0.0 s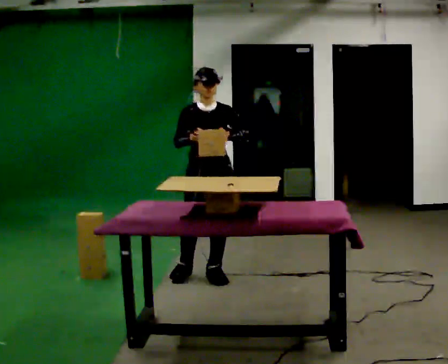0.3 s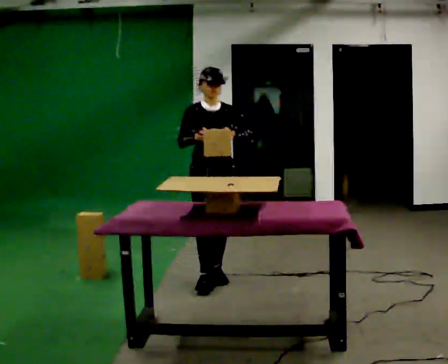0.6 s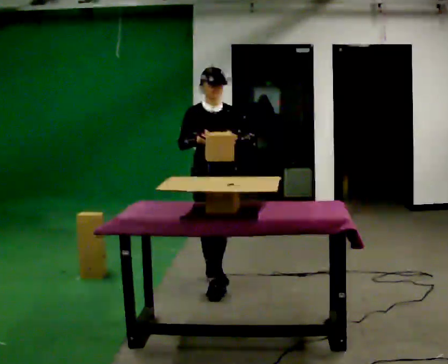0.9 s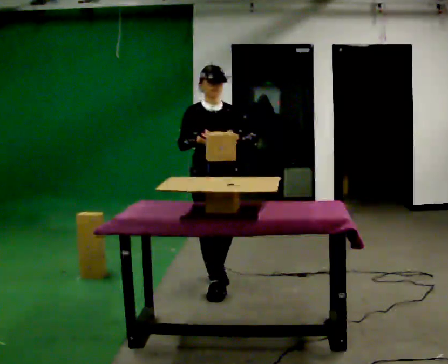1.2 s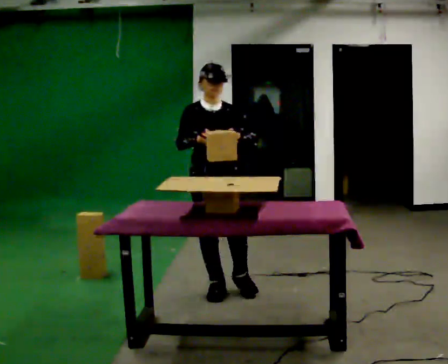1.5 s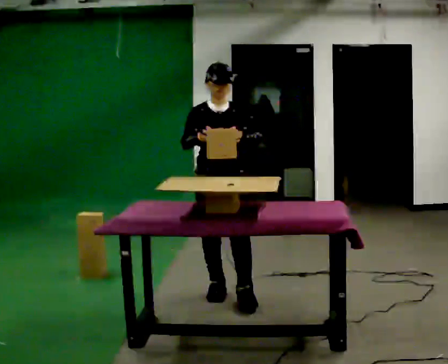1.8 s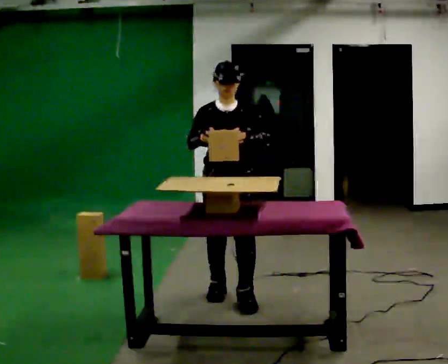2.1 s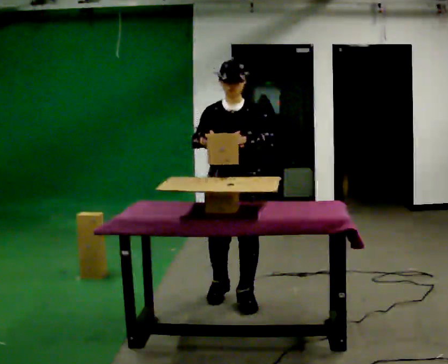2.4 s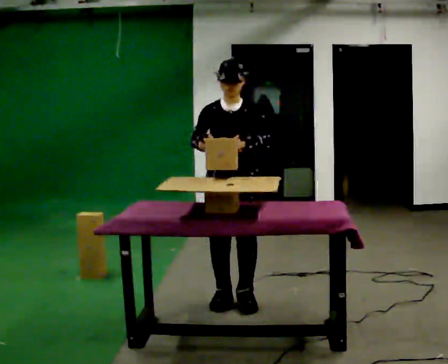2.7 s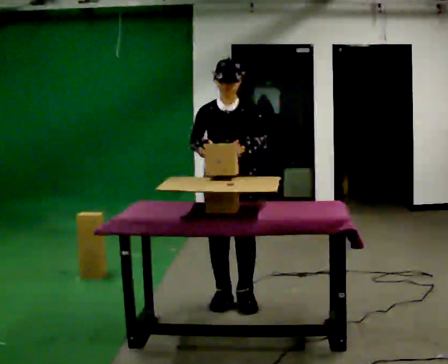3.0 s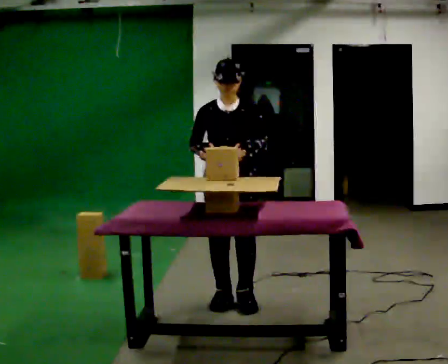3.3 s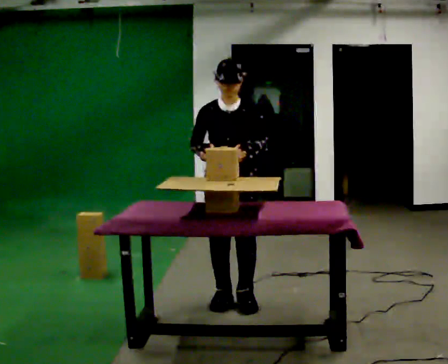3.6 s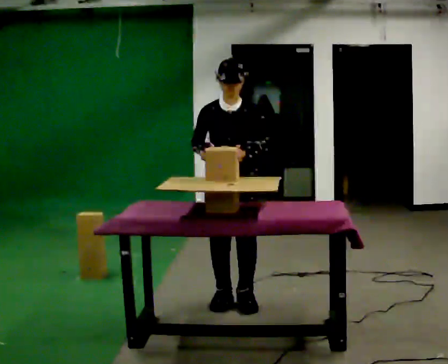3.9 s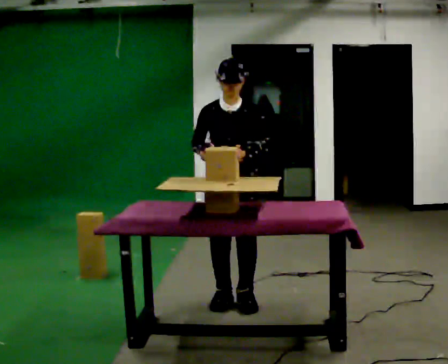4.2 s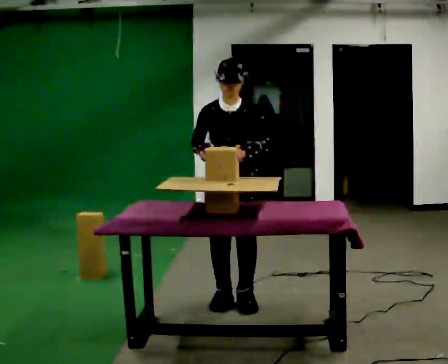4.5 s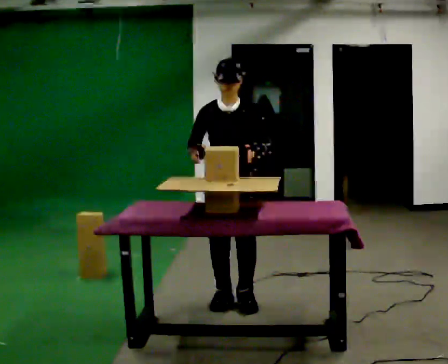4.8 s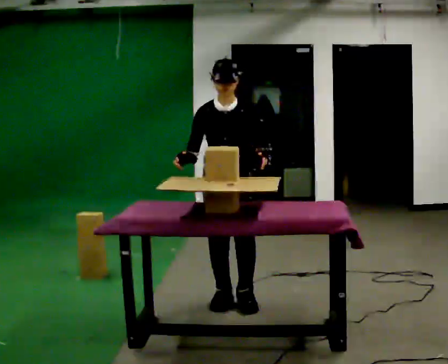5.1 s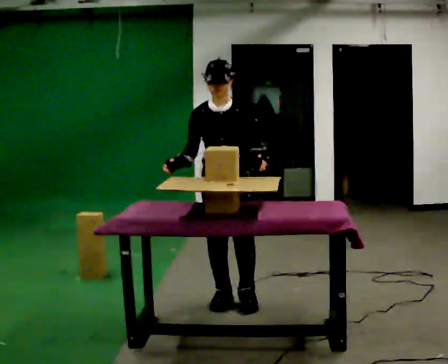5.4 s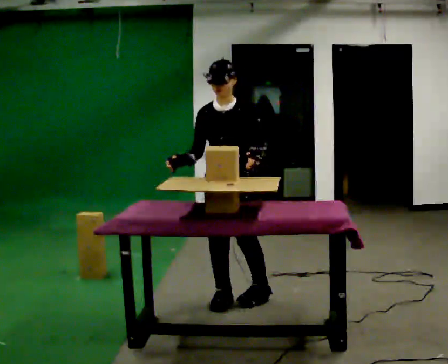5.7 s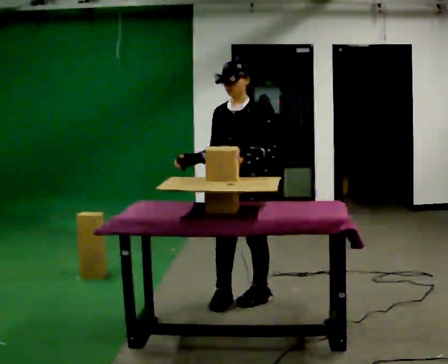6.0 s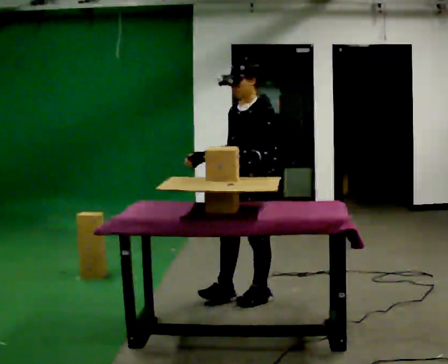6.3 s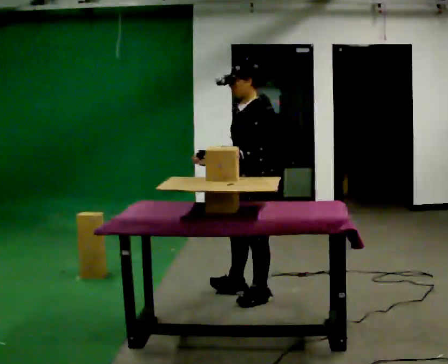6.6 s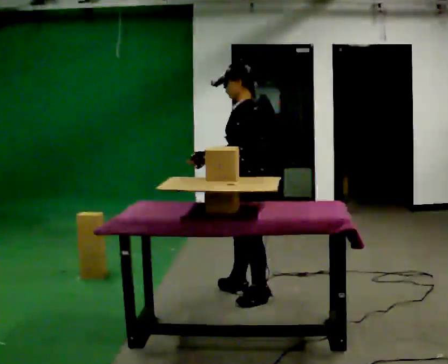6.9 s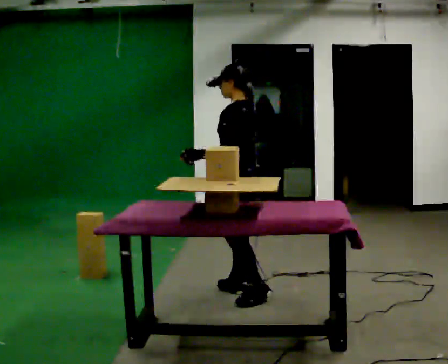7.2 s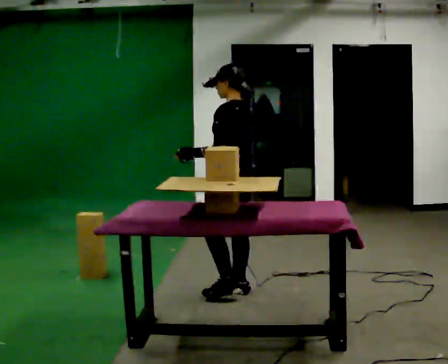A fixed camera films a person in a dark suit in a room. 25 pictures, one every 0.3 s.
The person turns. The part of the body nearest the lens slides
to the left.
The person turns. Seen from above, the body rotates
clockwise.
0.0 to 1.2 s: In the picture they go toward the camera, about 0.25 m in 1 step, which for them is forward.
1.2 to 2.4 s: In the picture they go toward the camera, about 0.25 m in 2 steps, which for them is forward and to their left.
2.4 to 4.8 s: The person moves a little, or ends about where they began.
4.8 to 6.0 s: Seen from above the body turns clockwise, about 60 degrees: to their right, with its near side sliding to the left. In the picture they go to the right, about 0.25 m, which for them is to their left and backward.
6.0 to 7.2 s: The part of the body nearest the lens slides to the left as the person turns to their right by about 60 degrees. In the picture they go away from the camera, about 0.25 m in 1 step, which for them is to their right and forward.
The film runs forward here.
